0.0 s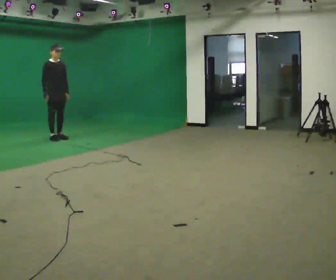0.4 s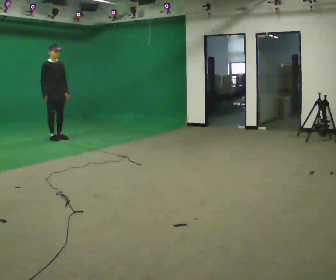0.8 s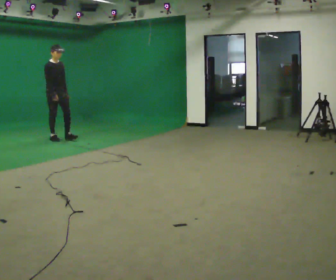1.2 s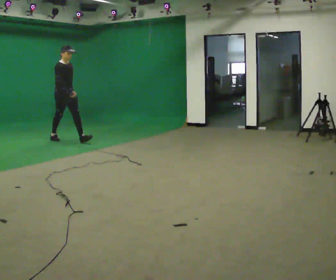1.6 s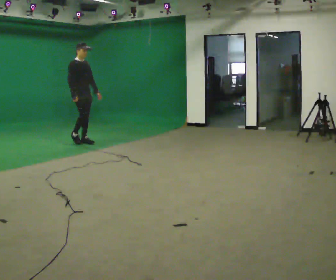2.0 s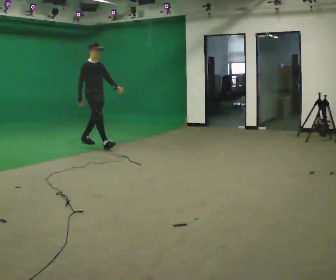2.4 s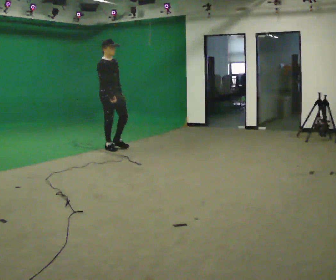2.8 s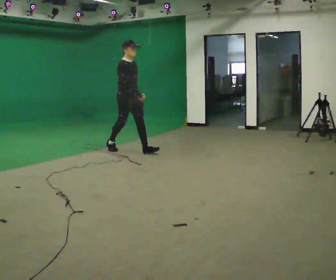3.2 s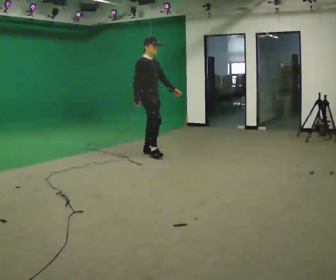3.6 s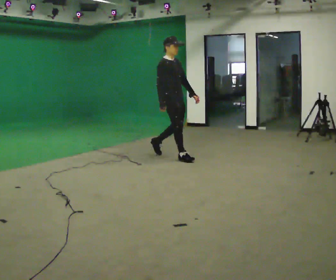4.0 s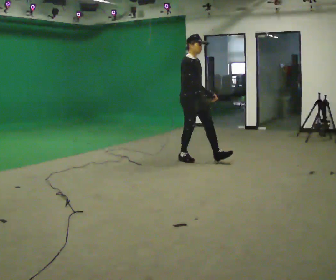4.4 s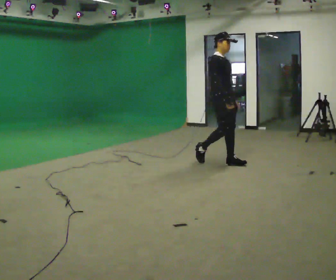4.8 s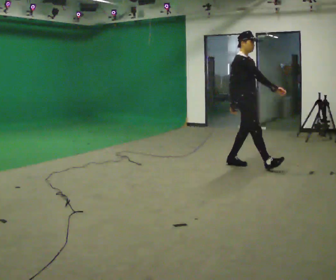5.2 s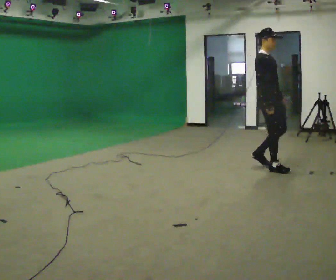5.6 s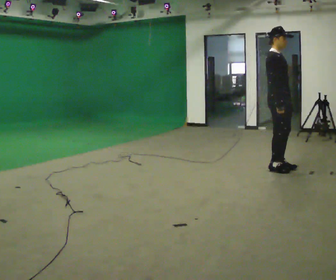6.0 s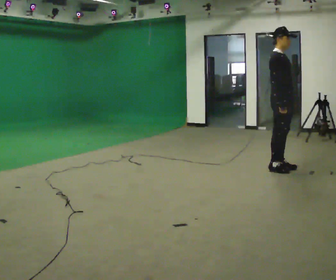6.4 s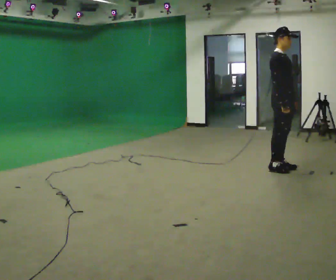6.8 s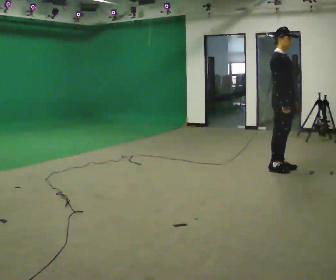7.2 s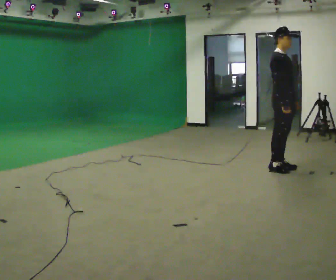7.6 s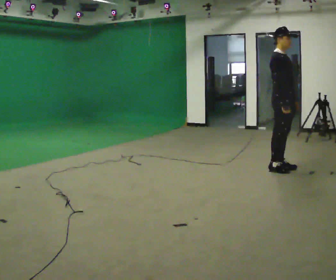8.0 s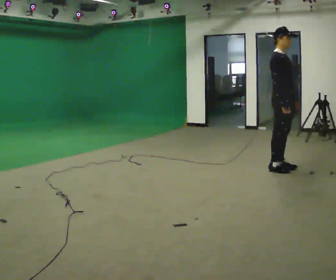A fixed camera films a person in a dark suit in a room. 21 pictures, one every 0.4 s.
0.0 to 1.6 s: In the picture they go to the right and toward the camera, about 0.75 m in 1 step, which for them is forward.
1.6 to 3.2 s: In the picture they go to the right and toward the camera, about 1.5 m in 2 steps, which for them is forward.
3.2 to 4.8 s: In the picture they go to the right and toward the camera, about 1.5 m in 2 steps, which for them is forward.
4.8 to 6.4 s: In the picture they go to the right and toward the camera, about 0.5 m in 2 steps, which for them is forward.
6.4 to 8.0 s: The person keeps their place and pose.
The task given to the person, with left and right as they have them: Walk normally; at marked point stop as quickly as comfortably possible; remain still.
The film runs forward here.
